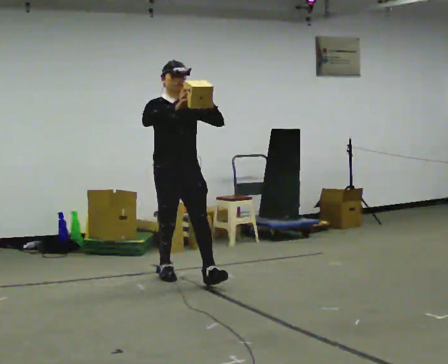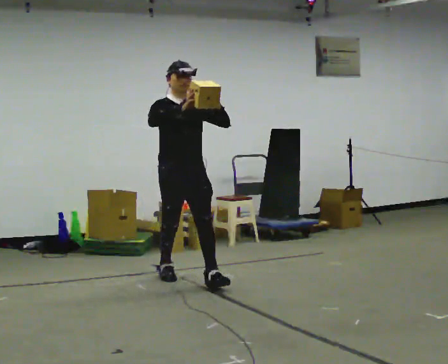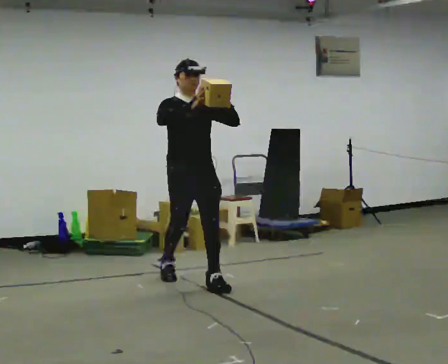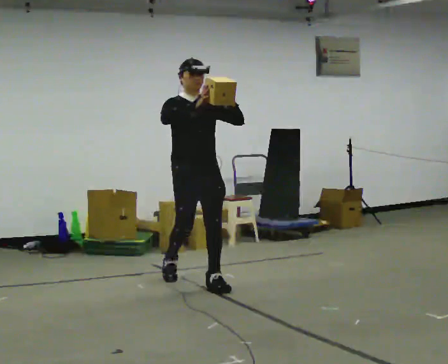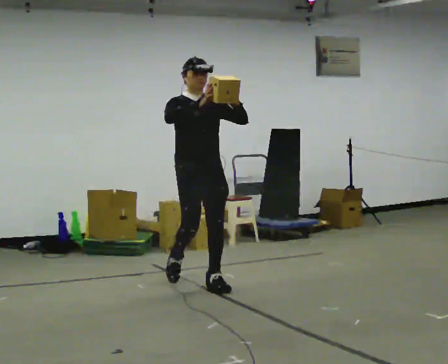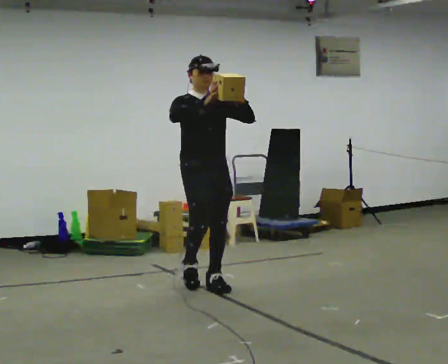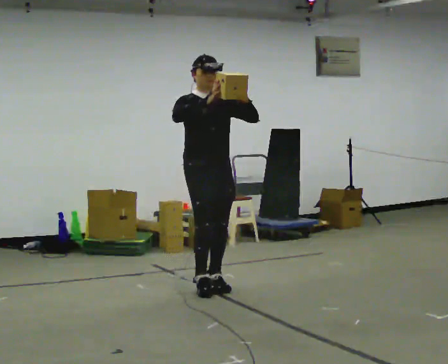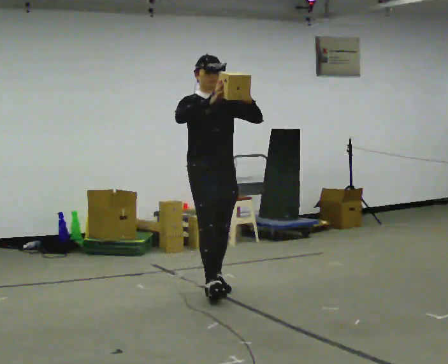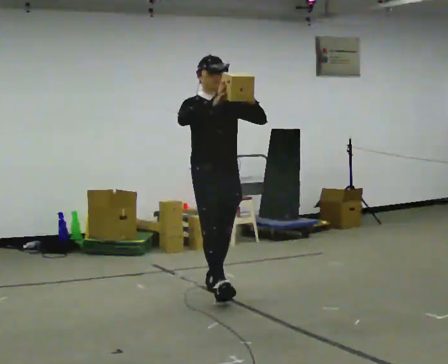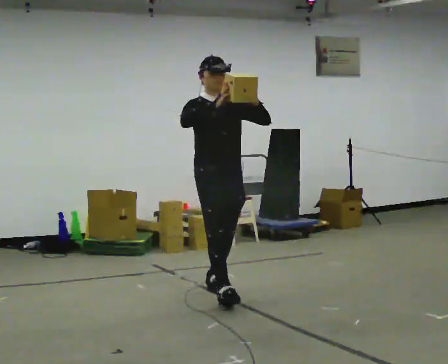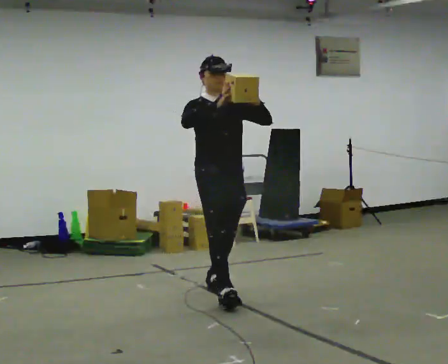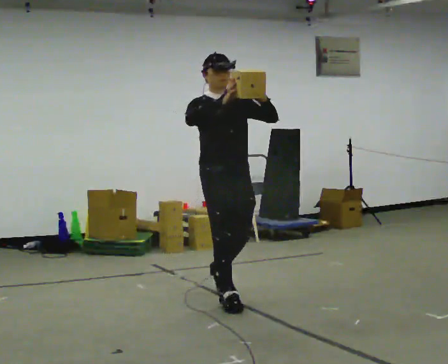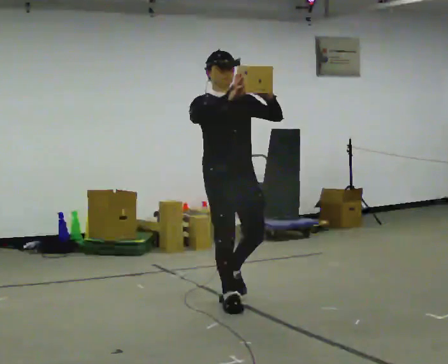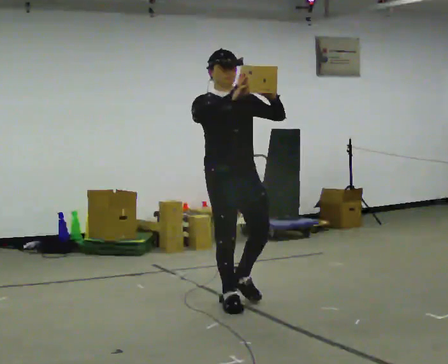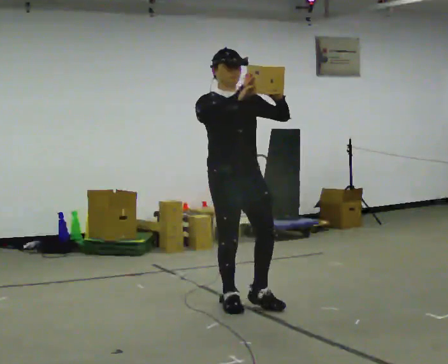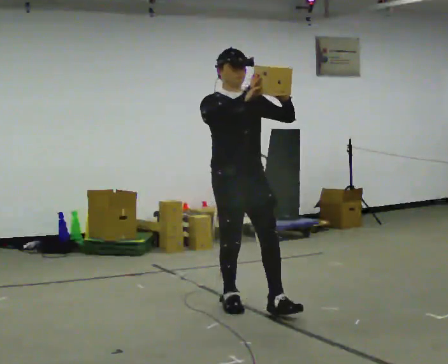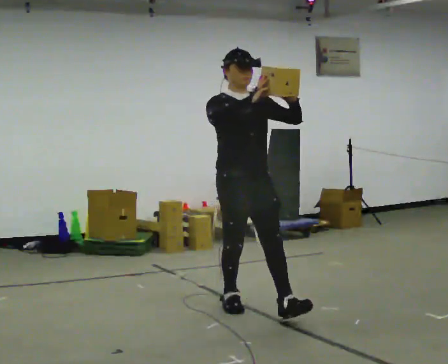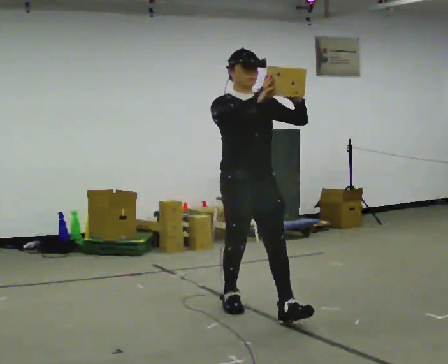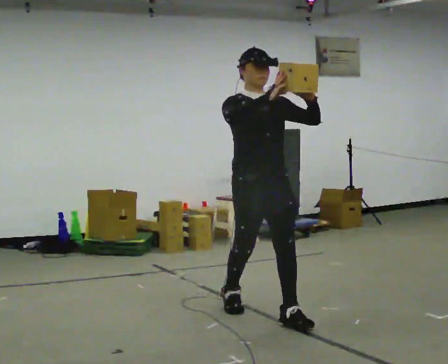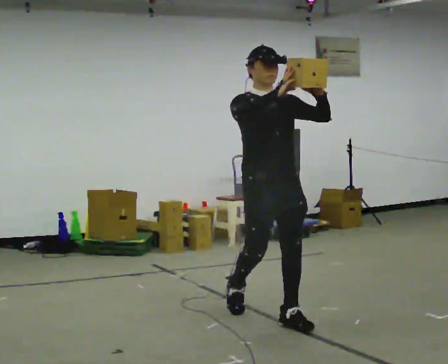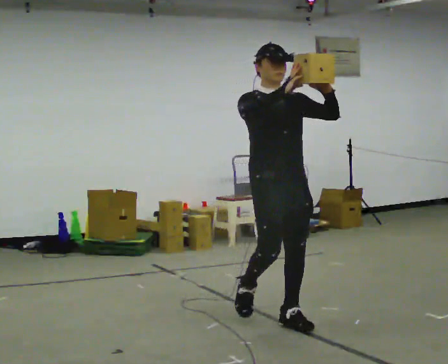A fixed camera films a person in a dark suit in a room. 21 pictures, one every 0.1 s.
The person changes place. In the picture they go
toward the camera.
0.0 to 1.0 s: In the picture they go toward the camera and to the right, about 0.5 m in 2 steps, which for them is forward.
1.0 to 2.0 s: In the picture they go toward the camera and to the right, about 0.5 m in 1 step, which for them is forward.
The film runs forward here.
